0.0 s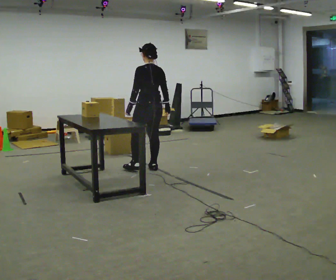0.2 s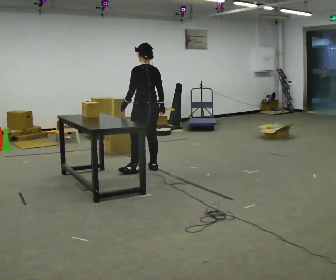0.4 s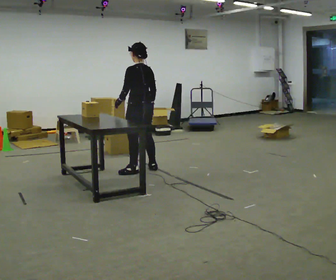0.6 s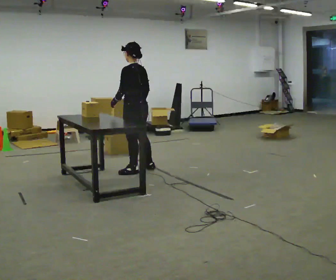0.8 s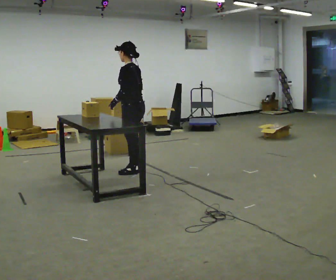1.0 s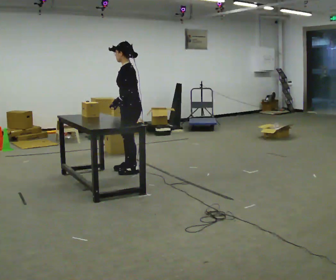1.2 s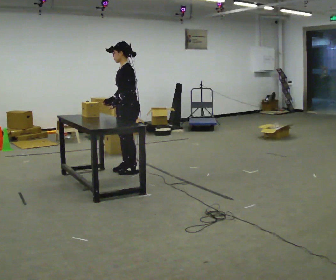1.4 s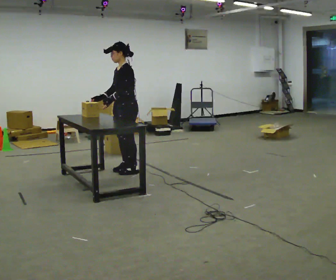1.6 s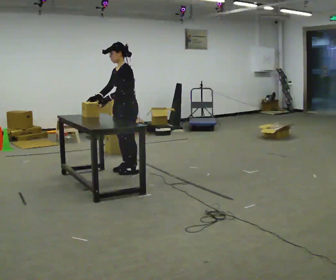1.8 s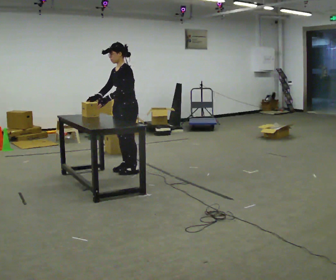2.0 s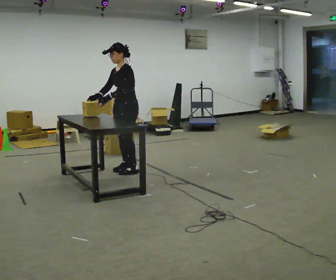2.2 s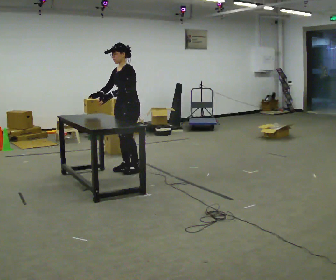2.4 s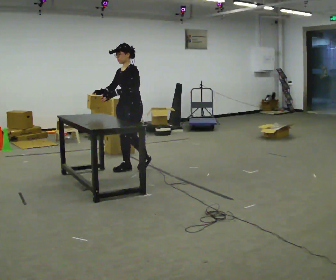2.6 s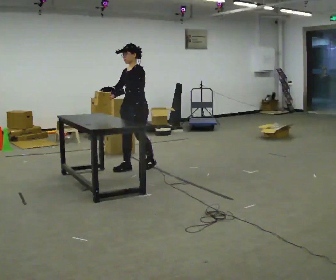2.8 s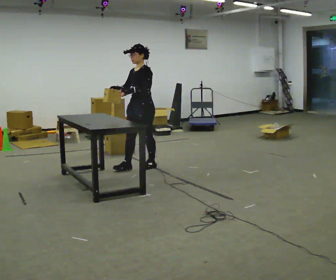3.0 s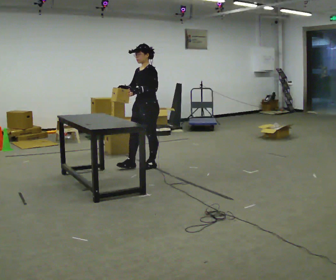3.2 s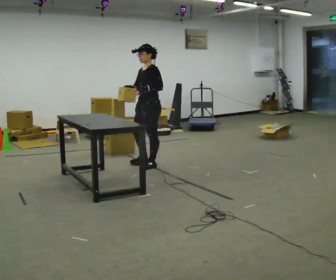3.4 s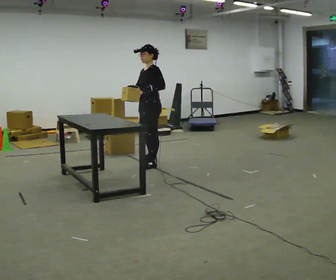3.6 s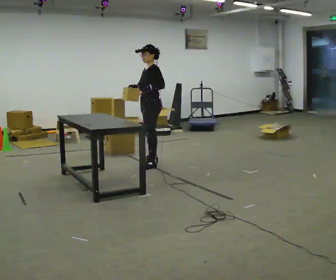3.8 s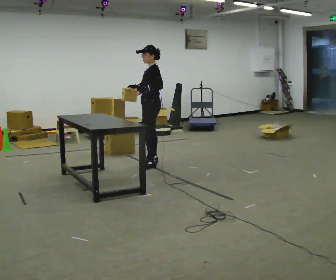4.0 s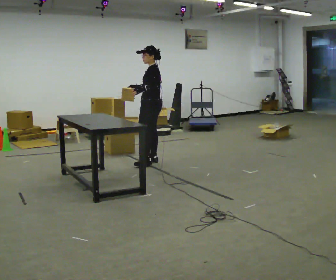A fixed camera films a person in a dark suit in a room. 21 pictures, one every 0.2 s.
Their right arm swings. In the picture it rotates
clockwise.
0.0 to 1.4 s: The part of the body nearest the lens slides to the right as the person turns to their left by about 90 degrees. In the picture they go to the left, about 0.25 m in 1 step.
1.4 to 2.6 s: The person moves a little, or ends about where they began.
2.6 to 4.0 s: The person turns about 60 degrees to their right, clockwise seen from above, so the part of the body nearest the lens slides to the left. In the picture they go away from the camera and to the right, about 0.5 m in 2 steps, which for them is backward and to their right.
The film runs backward here.
